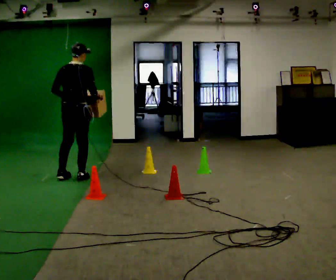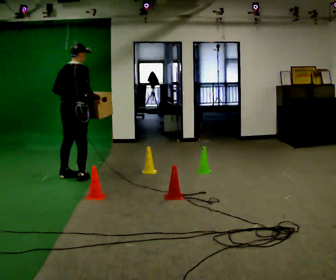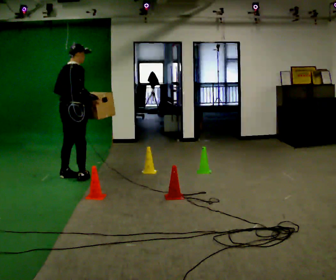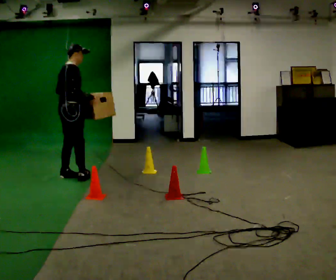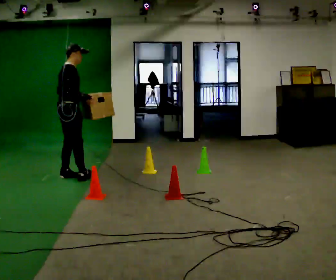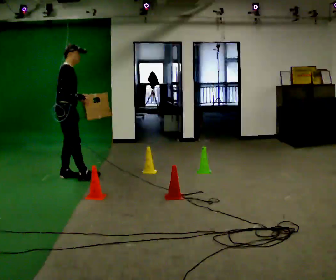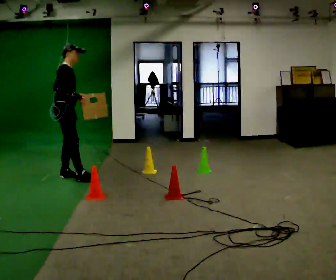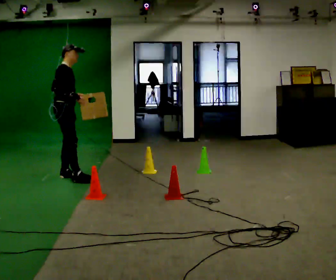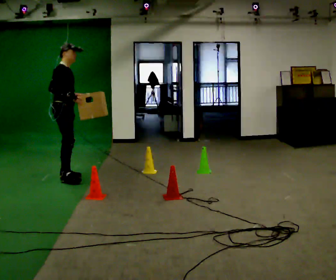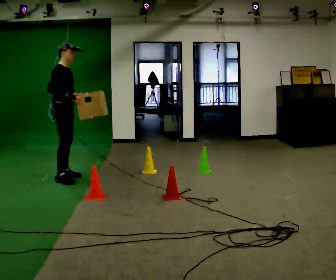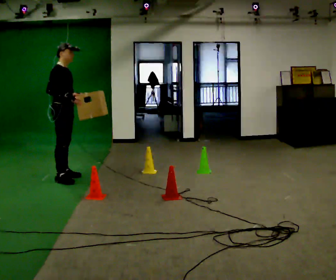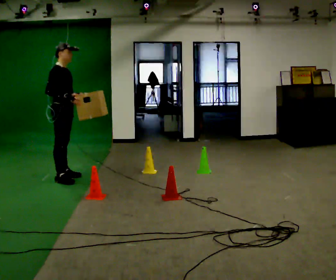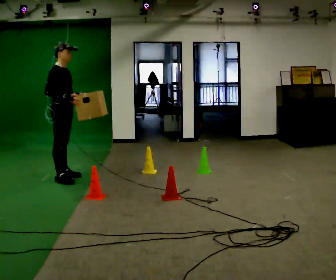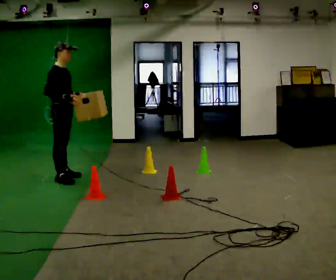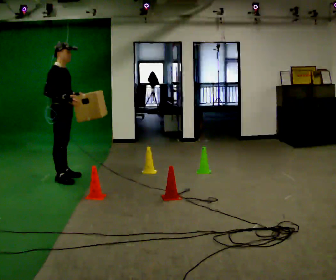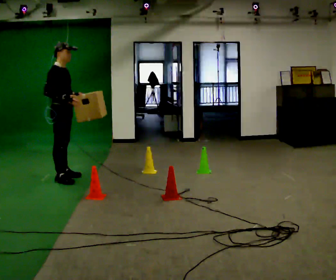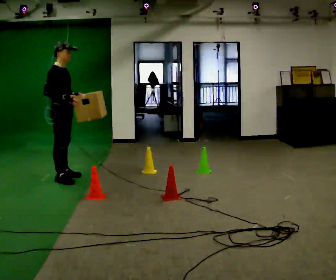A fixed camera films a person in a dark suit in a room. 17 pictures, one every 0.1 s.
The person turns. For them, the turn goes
to their right.
Their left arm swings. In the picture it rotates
counterclockwise.
0.0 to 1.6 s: Seen from above the body turns clockwise, about 75 degrees: to their right, with its near side sliding to the left. In the picture they go to the left, about 0.25 m in 2 steps.
The film runs forward here.
